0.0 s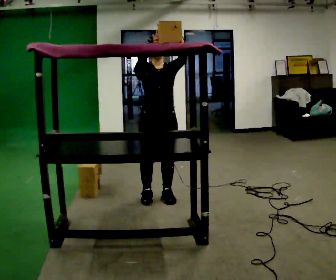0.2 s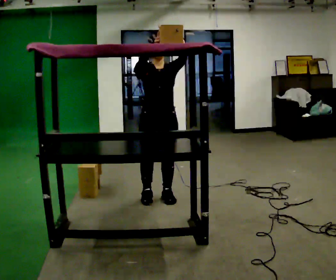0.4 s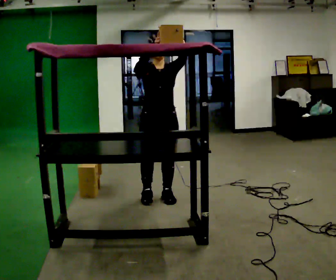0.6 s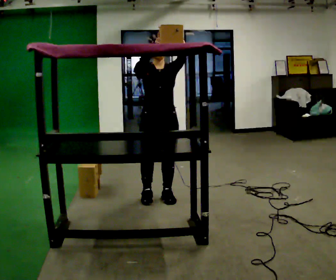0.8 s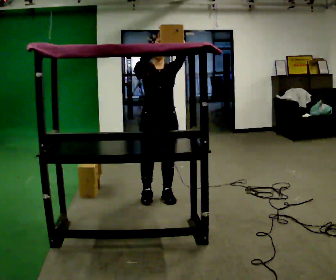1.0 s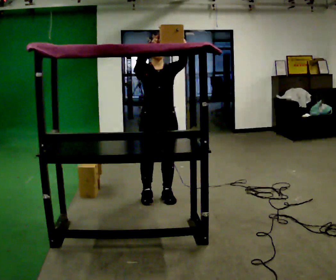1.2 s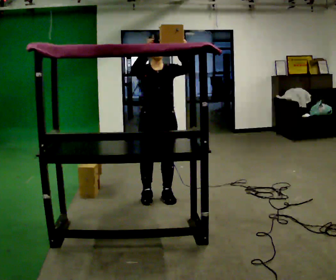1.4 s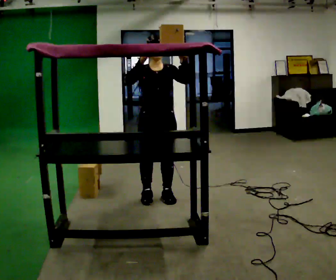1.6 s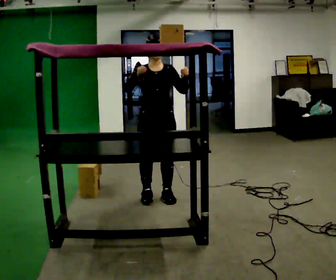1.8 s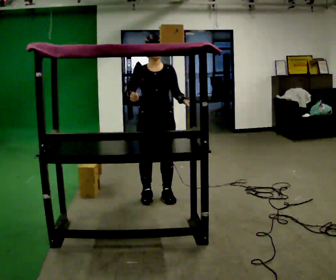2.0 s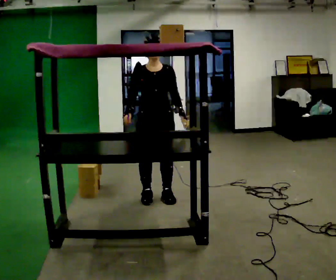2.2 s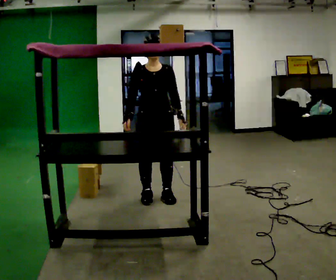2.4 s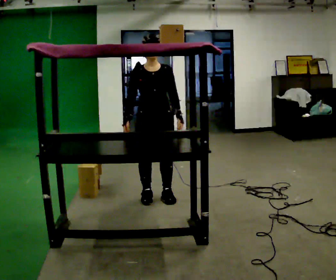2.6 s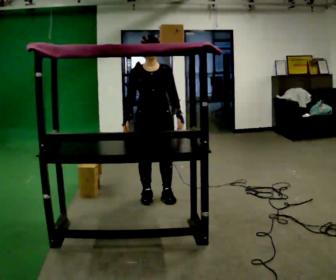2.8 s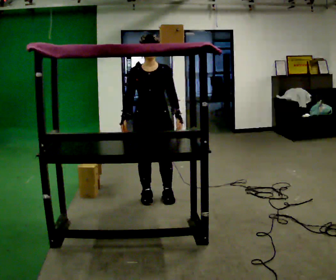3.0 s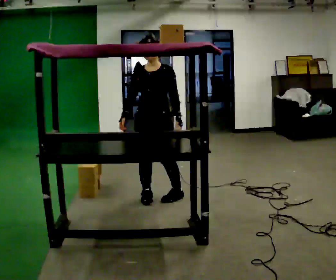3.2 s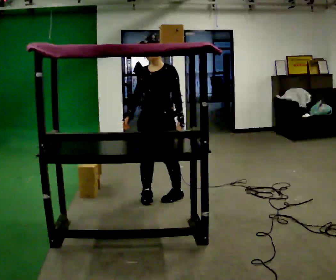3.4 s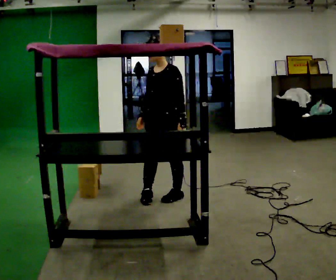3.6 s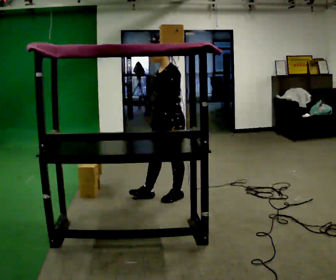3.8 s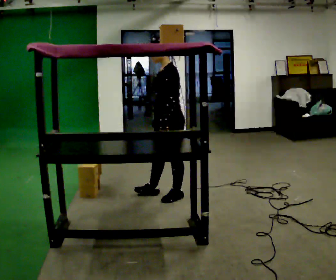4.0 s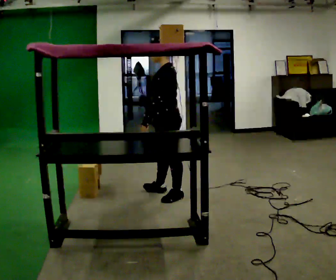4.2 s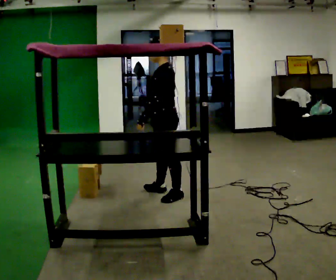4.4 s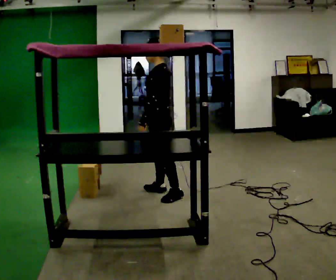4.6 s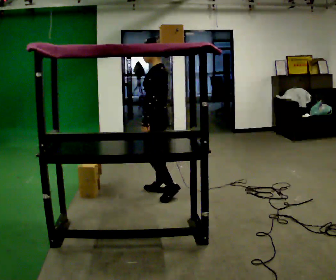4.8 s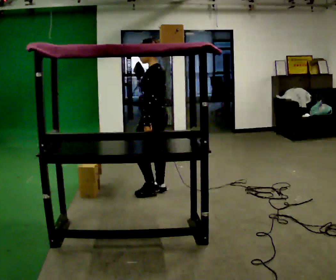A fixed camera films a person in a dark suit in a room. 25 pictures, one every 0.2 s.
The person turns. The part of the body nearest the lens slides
to the left.
Their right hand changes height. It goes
downward.
0.0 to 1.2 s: The person moves a little, or ends about where they began.
1.2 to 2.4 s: In the picture their right hand goes downward.
2.4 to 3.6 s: Seen from above the body turns clockwise, about 75 degrees: to their right, with its near side sliding to the left. In the picture they go to the right, about 0.25 m in 1 step.
3.6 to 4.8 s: The person turns about 30 degrees to their right, clockwise seen from above, so the part of the body nearest the lens slides to the left. In the picture they go away from the camera and to the left, about 0.25 m in 1 step, which for them is to their right and forward.
The film runs forward here.
